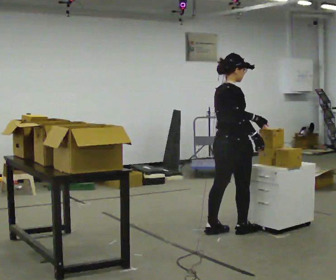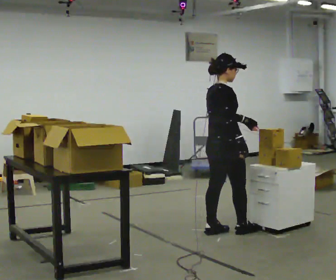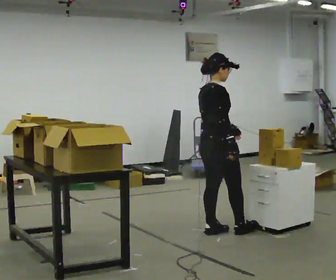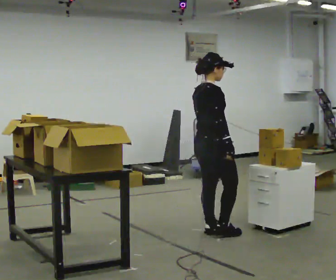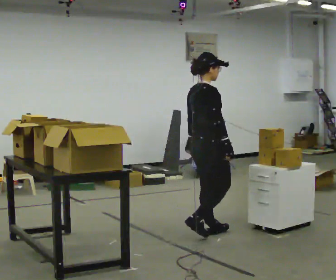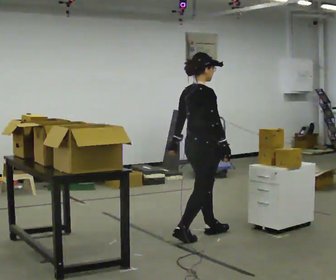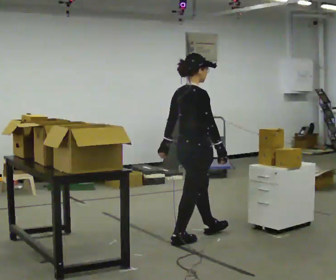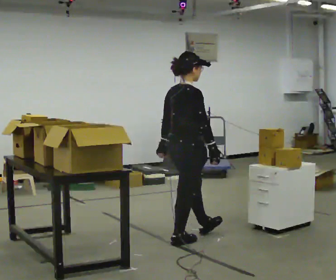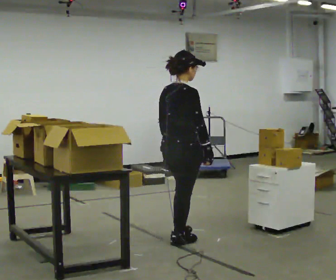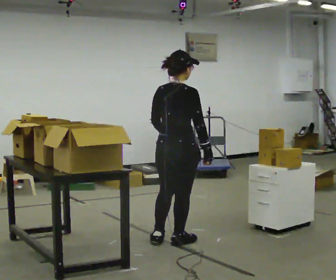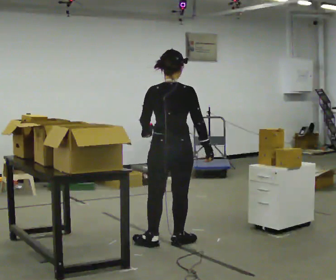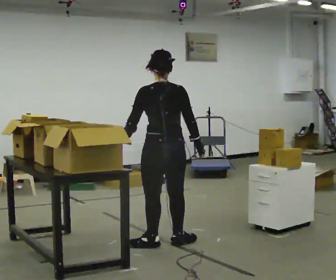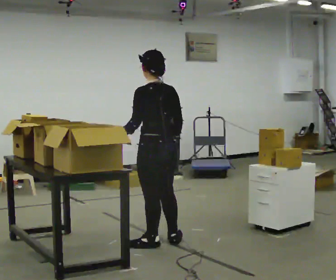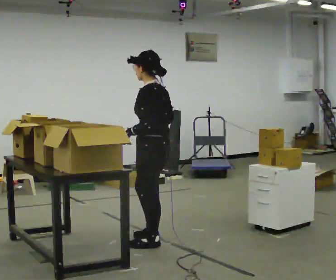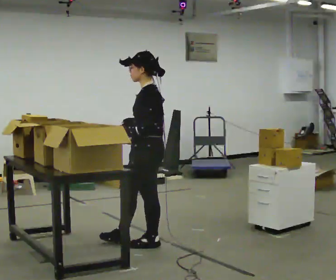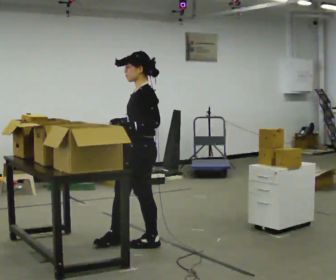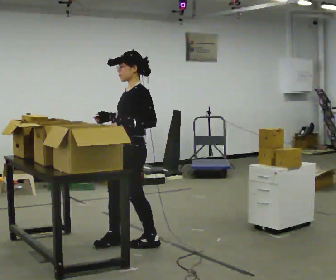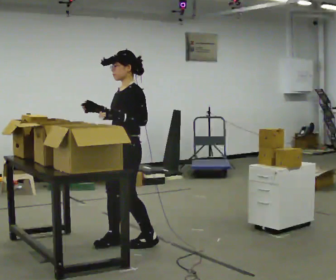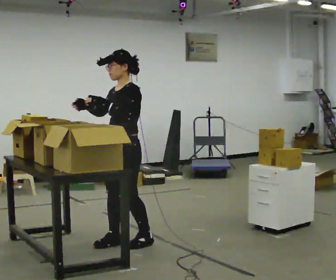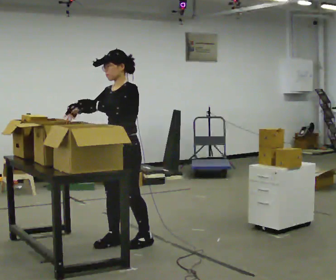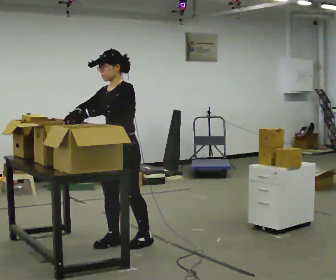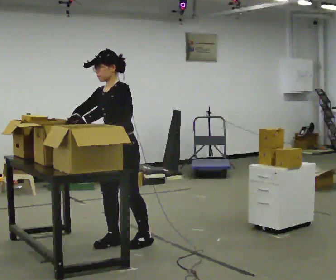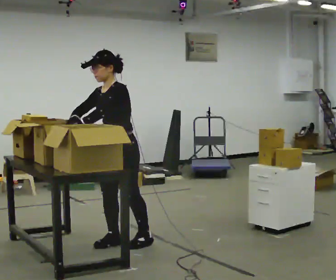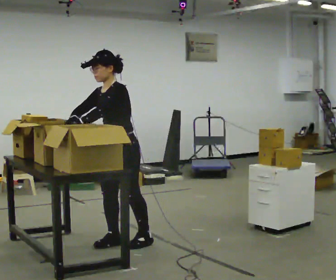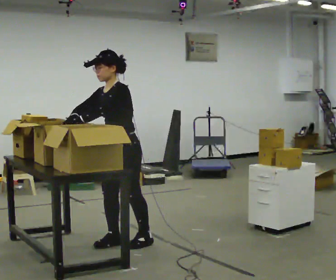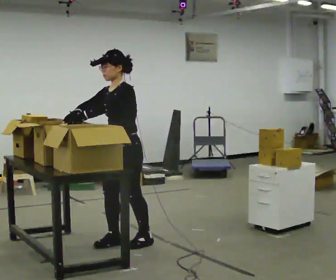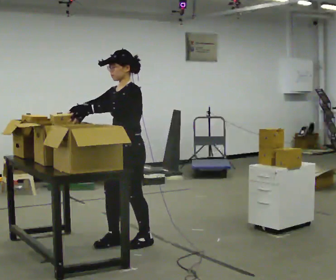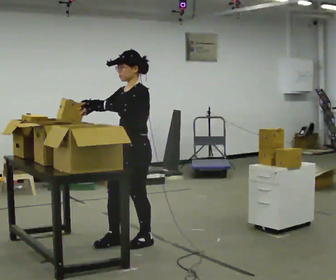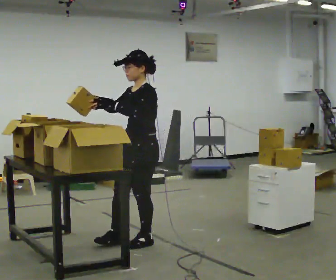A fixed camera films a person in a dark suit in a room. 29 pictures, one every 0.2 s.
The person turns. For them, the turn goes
to their left.
The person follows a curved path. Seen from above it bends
clockwise.
0.0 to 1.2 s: In the picture they go to the left and toward the camera, about 0.5 m in 1 step, which for them is backward.
1.2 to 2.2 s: The person turns about 75 degrees to their left, counterclockwise seen from above, so the part of the body nearest the lens slides to the right. In the picture they go to the left and toward the camera, about 0.25 m in 1 step.
2.2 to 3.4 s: The part of the body nearest the lens slides to the right as the person turns to their left by about 105 degrees. In the picture they go to the left, about 0.25 m in 1 step.
3.4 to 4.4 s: In the picture the upper body tilts counterclockwise, shoulders to the left, as they bend forward.
4.4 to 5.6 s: In the picture they go to the right, about 0.25 m, which for them is backward.
The film runs backward here.
